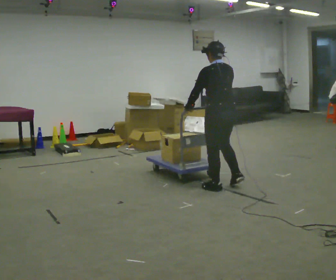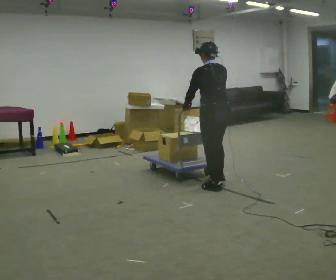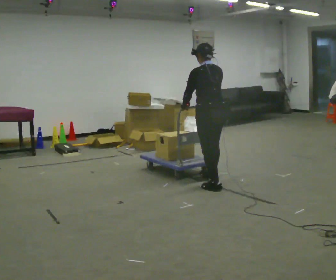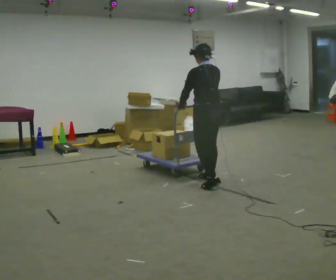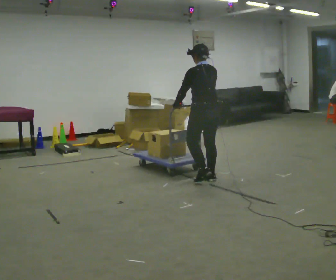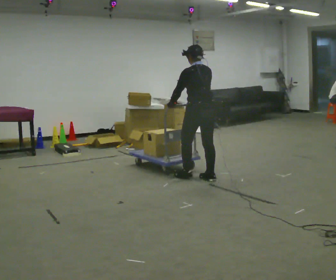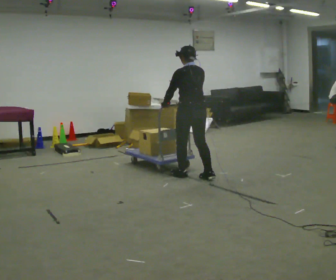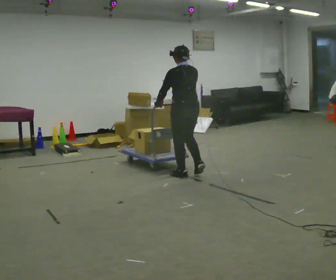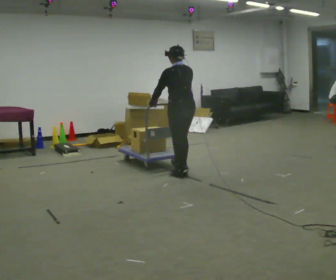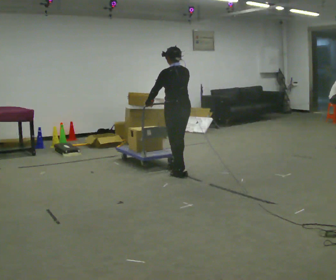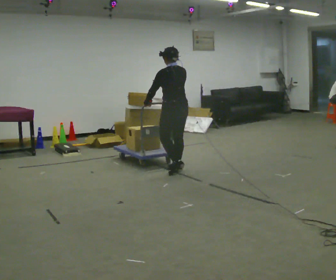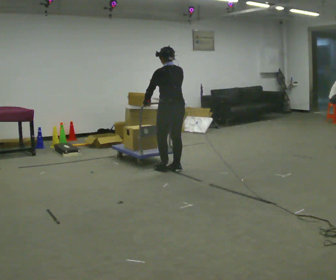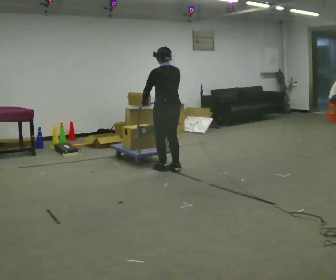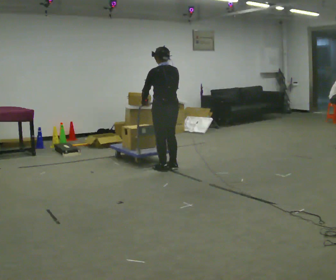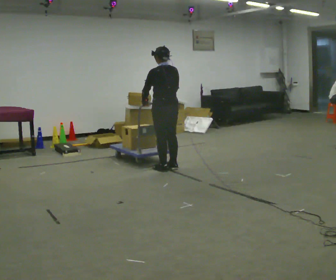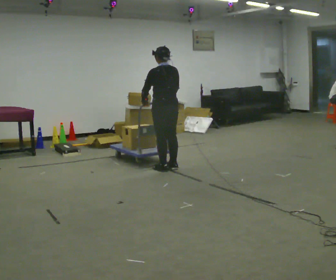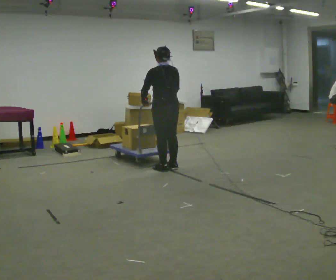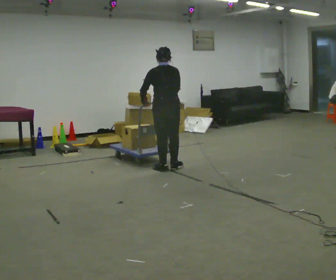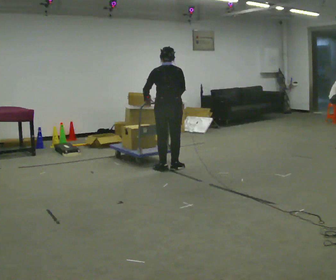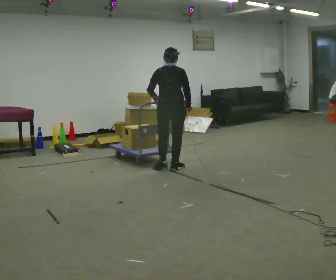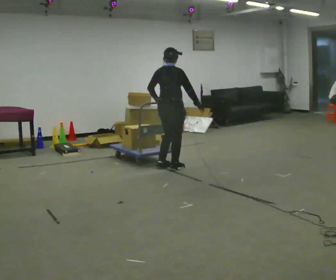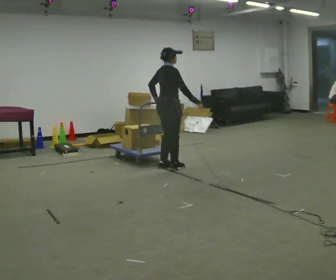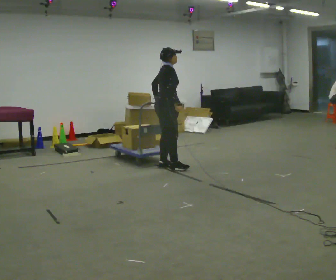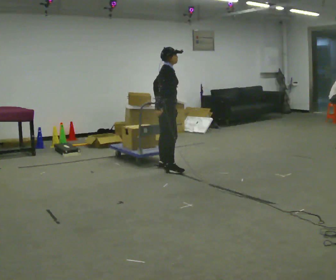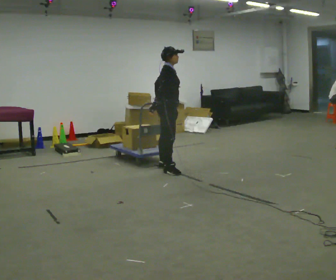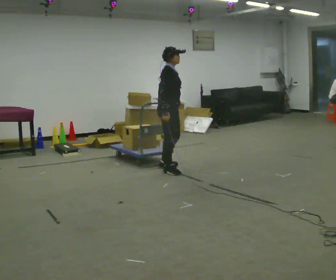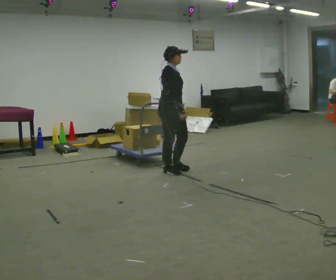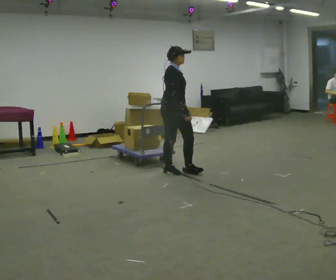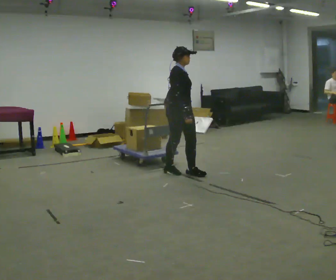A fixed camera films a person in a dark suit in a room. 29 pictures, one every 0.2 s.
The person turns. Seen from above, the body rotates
clockwise.
The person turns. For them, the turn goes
to their right.
0.0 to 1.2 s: In the picture they go away from the camera and to the left, about 0.5 m in 2 steps, which for them is forward.
1.2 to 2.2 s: In the picture they go away from the camera and to the left, about 0.5 m in 1 step, which for them is forward.
2.2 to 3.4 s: The person moves a little, or ends about where they began.
3.4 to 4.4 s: The person turns about 90 degrees to their right, clockwise seen from above, so the part of the body nearest the lens slides to the left.
4.4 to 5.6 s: The part of the body nearest the lens slides to the left as the person turns to their right by about 45 degrees. In the picture they go toward the camera and to the right, about 0.25 m in 2 steps, which for them is forward and to their right.
The film runs forward here.
